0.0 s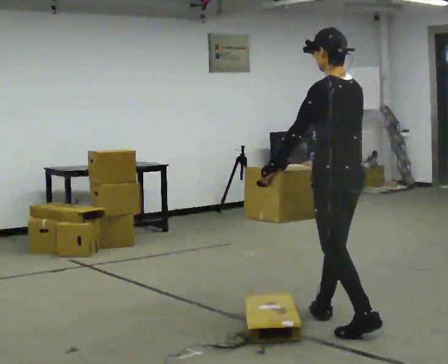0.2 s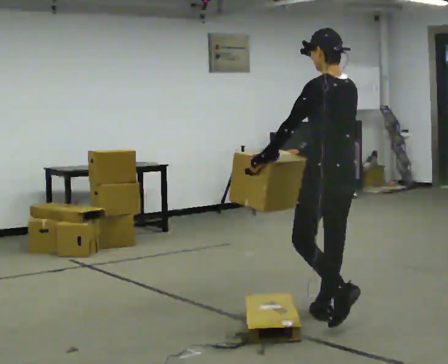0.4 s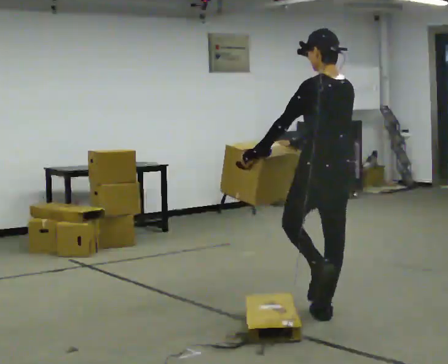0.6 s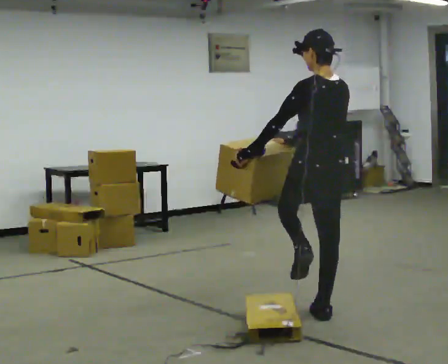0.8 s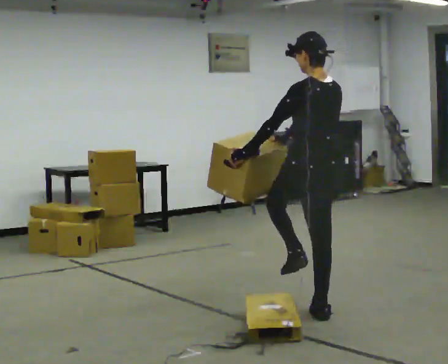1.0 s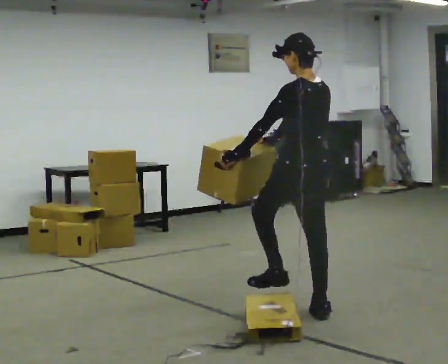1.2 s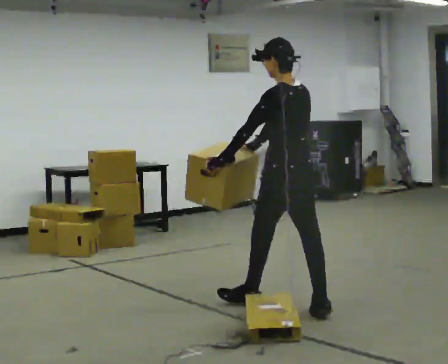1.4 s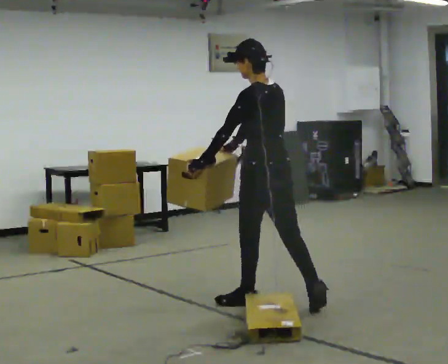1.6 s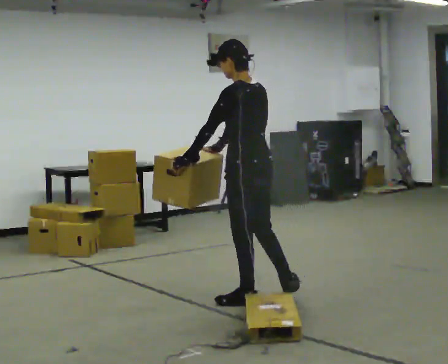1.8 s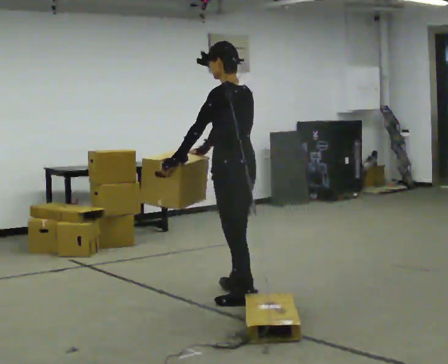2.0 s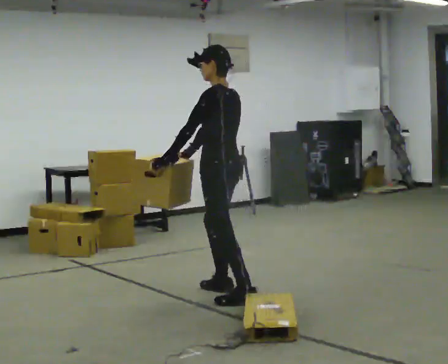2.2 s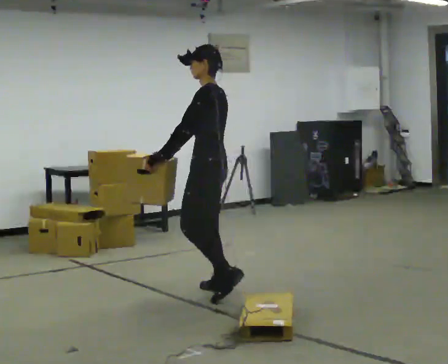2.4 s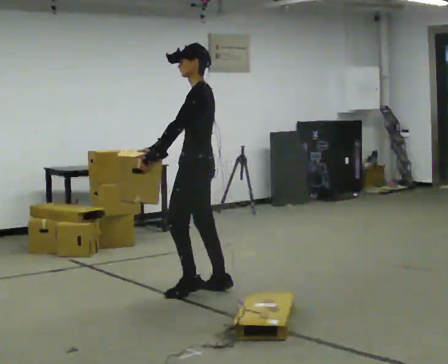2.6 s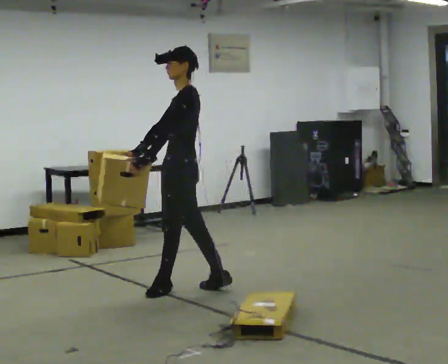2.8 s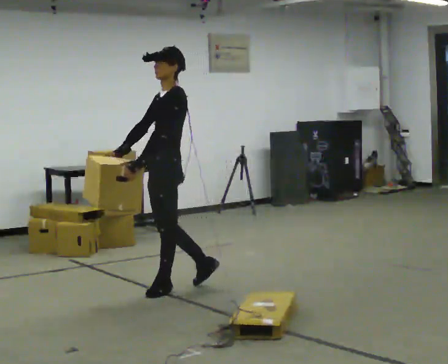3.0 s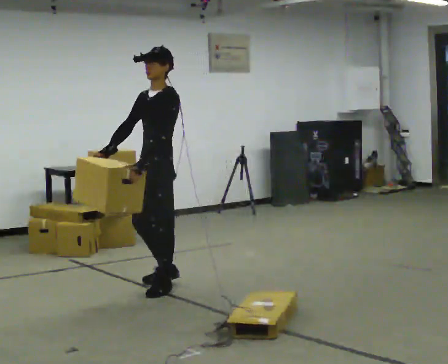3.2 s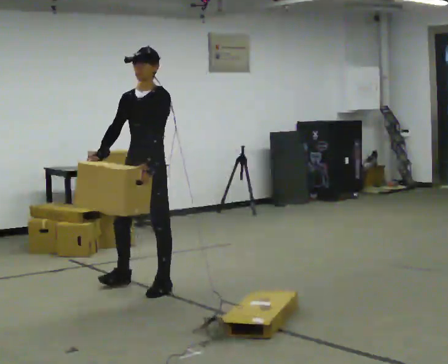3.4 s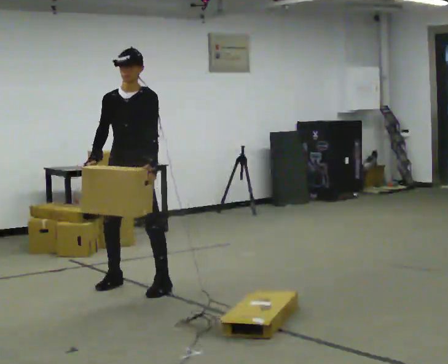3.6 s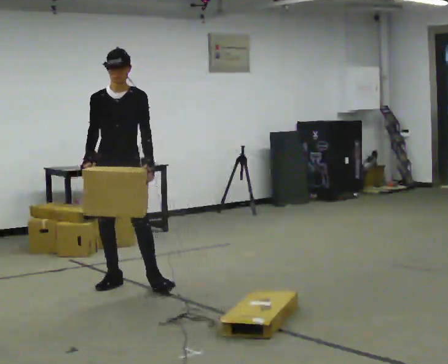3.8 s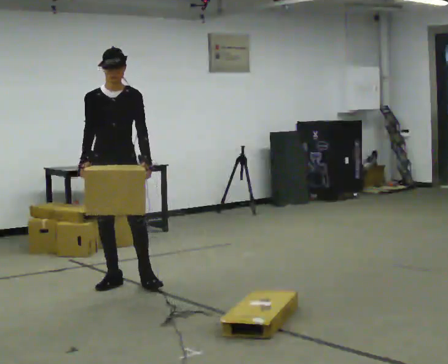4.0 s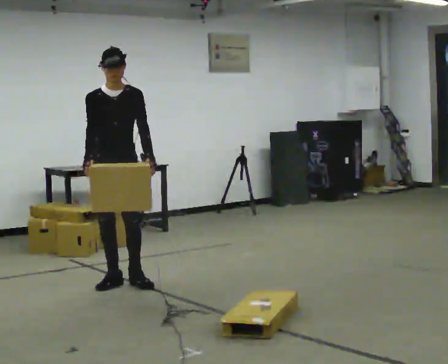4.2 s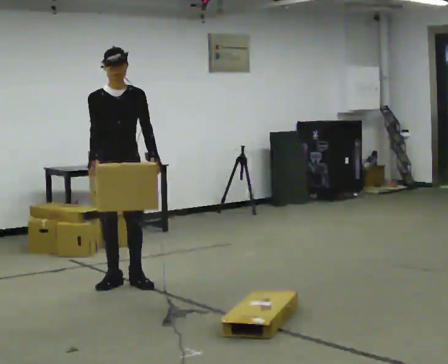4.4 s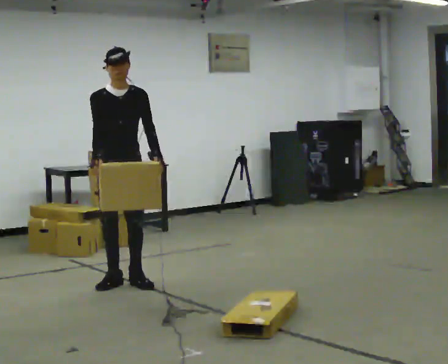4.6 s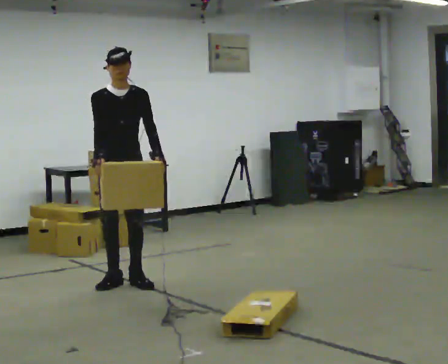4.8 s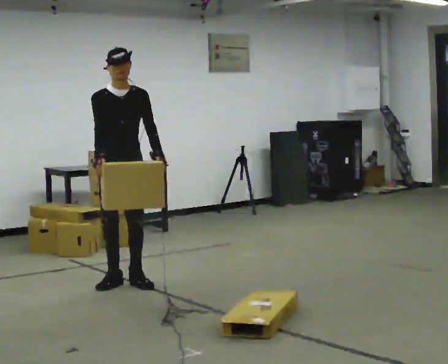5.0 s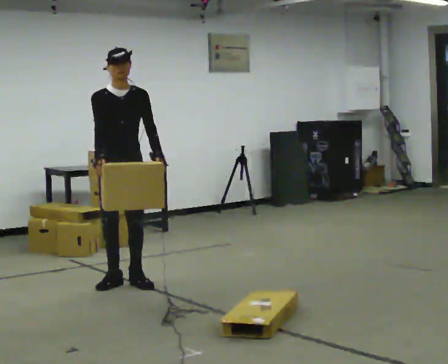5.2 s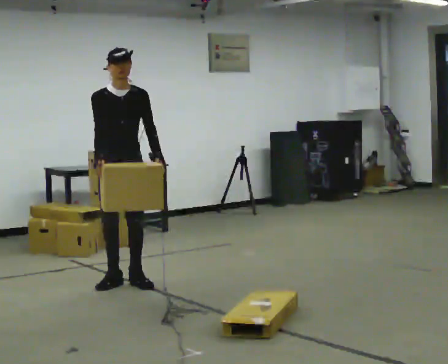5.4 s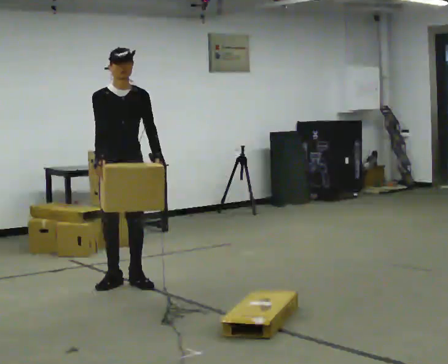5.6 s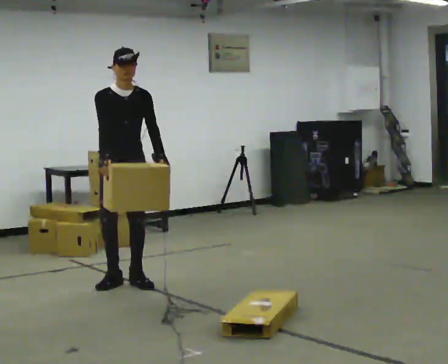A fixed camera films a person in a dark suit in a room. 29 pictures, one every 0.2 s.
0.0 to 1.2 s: In the picture they go away from the camera and to the left, about 0.5 m in 1 step, which for them is forward.
1.2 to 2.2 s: The person turns about 45 degrees to their left, counterclockwise seen from above, so the part of the body nearest the lens slides to the right. In the picture they go away from the camera and to the left, about 0.75 m in 1 step, which for them is forward.
2.2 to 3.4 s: Seen from above the body turns counterclockwise, about 90 degrees: to their left, with its near side sliding to the right. In the picture they go to the left and away from the camera, about 0.75 m in 2 steps.
3.4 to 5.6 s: The part of the body nearest the lens slides to the right as the person turns to their left by about 30 degrees.
The film runs forward here.
